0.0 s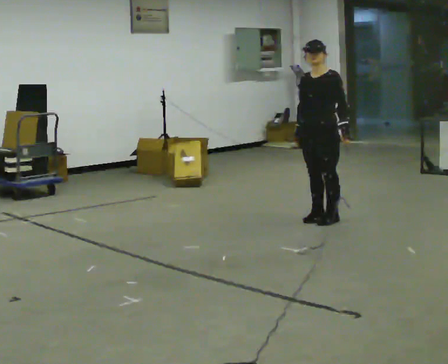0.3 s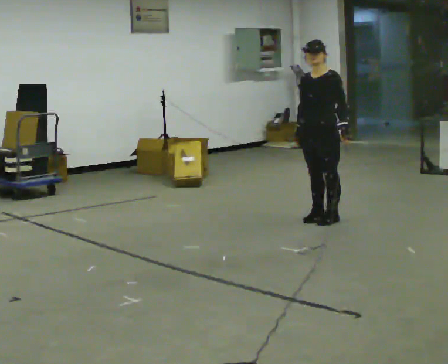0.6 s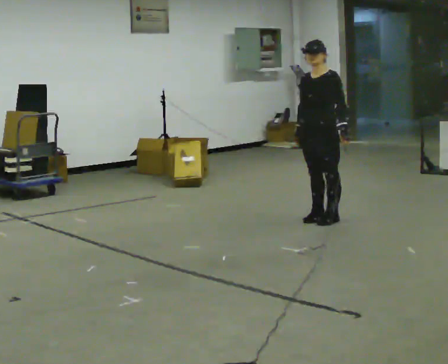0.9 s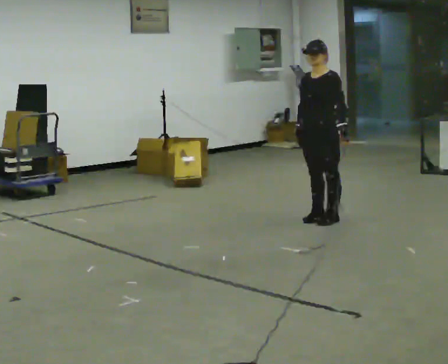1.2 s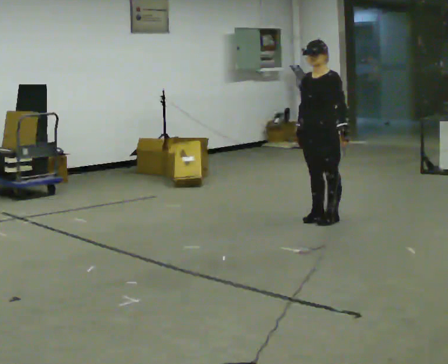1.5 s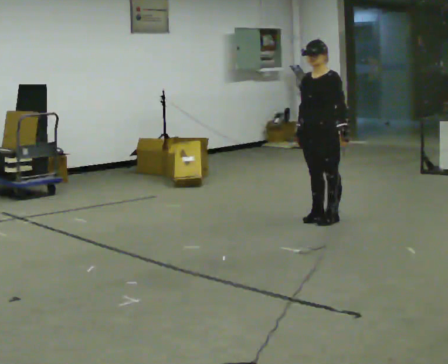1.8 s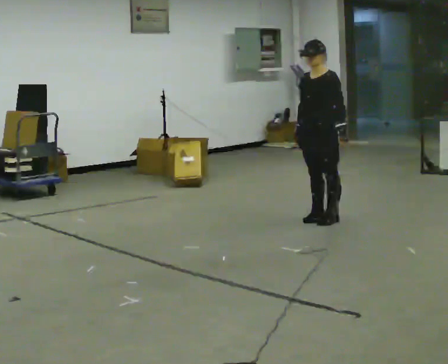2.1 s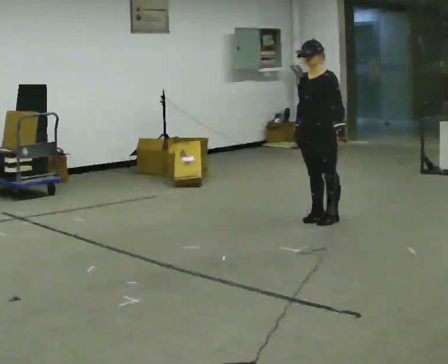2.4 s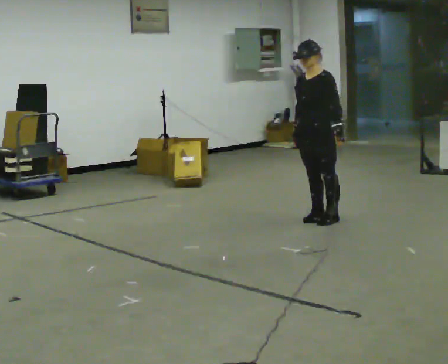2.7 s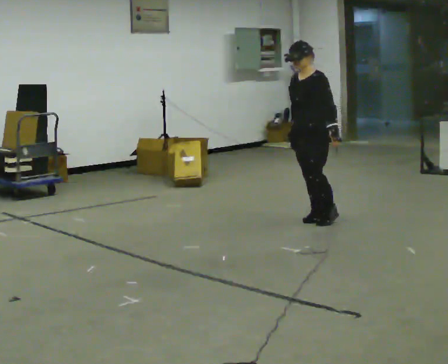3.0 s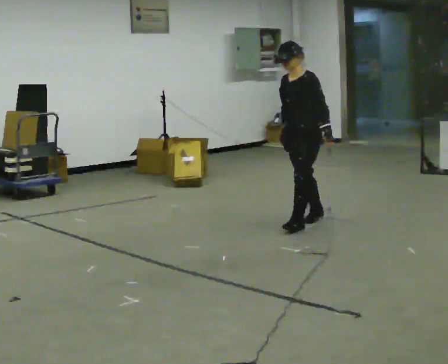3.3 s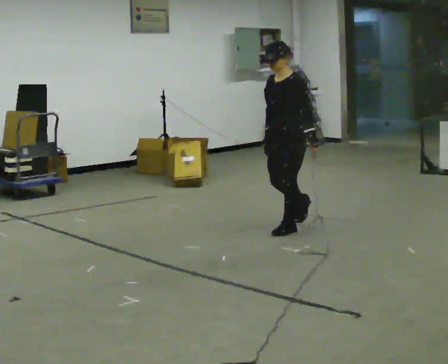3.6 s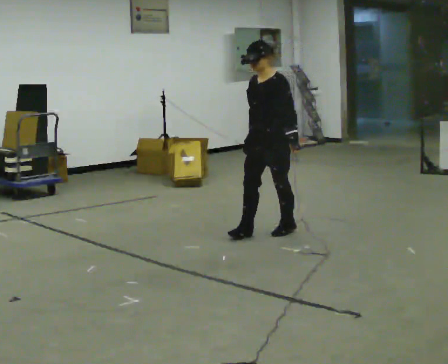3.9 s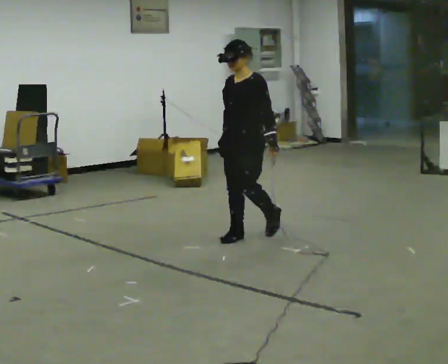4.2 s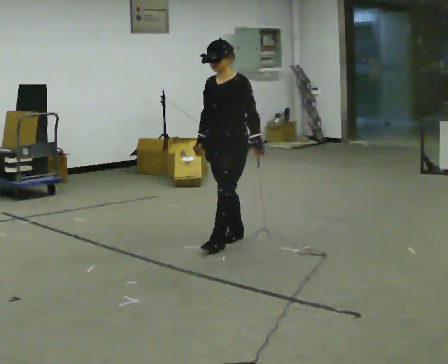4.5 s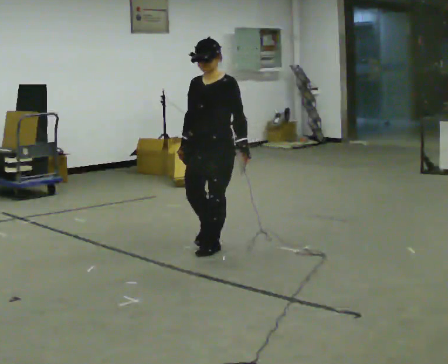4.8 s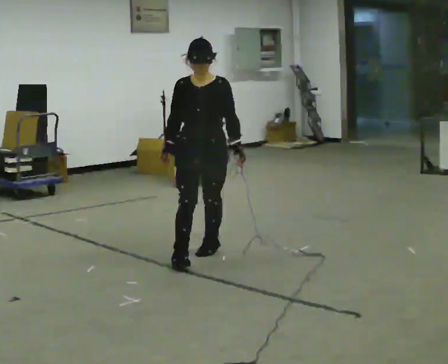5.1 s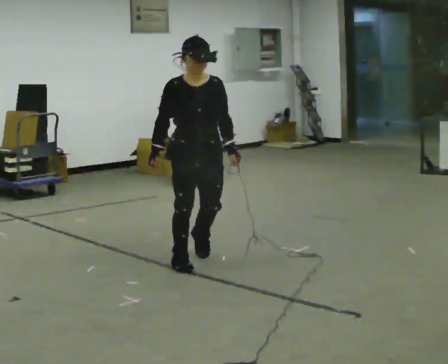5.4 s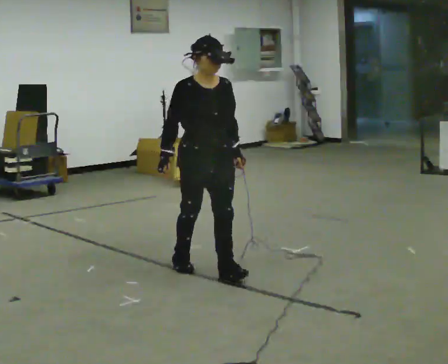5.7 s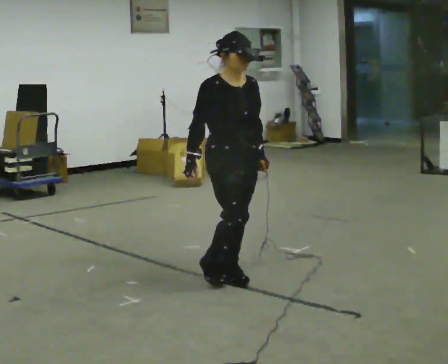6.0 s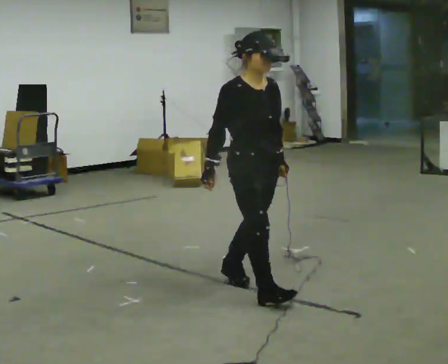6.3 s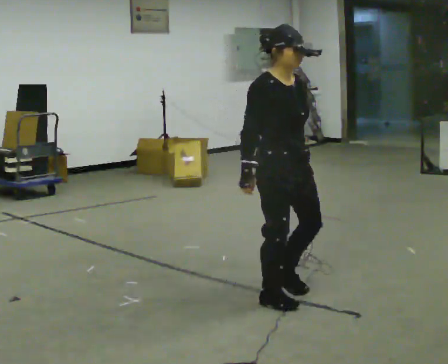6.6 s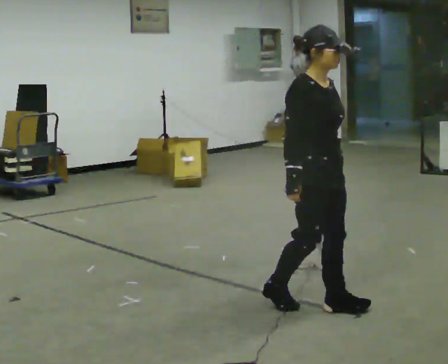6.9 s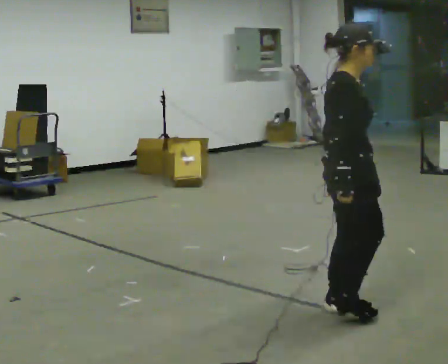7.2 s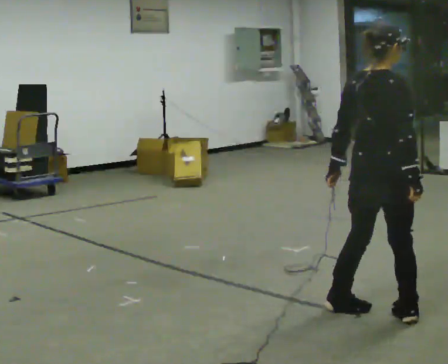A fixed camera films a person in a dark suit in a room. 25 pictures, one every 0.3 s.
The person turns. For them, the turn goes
to their left.
The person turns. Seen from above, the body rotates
counterclockwise.
0.0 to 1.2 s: The person keeps their place and pose.
1.2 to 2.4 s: The person moves a little, or ends about where they began.
2.4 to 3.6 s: In the picture they go to the left and toward the camera, about 0.5 m in 1 step, which for them is forward.
3.6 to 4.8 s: Seen from above the body turns counterclockwise, about 45 degrees: to their left, with its near side sliding to the right. In the picture they go toward the camera and to the left, about 1 m in 2 steps, which for them is forward.
4.8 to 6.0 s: The person turns about 45 degrees to their left, counterclockwise seen from above, so the part of the body nearest the lens slides to the right. In the picture they go toward the camera, about 1 m in 2 steps, which for them is forward.
6.0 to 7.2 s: The part of the body nearest the lens slides to the right as the person turns to their left by about 90 degrees. In the picture they go to the right and toward the camera, about 1 m in 3 steps.
The film runs forward here.
